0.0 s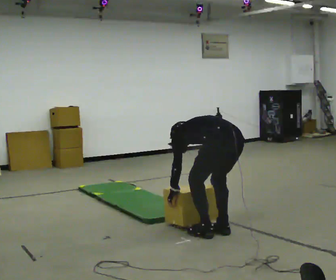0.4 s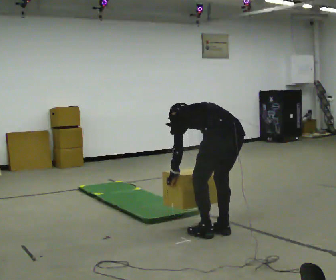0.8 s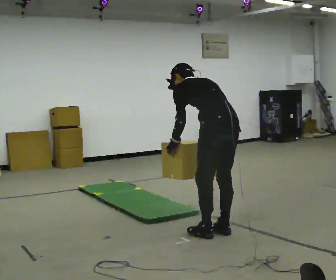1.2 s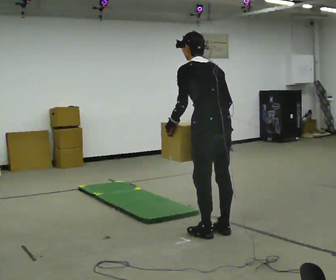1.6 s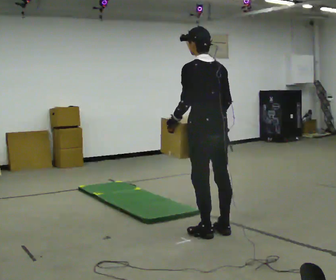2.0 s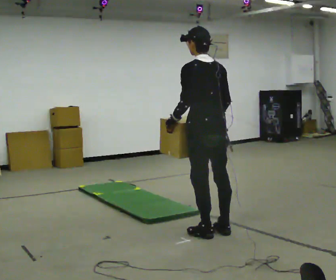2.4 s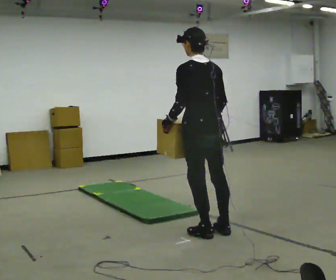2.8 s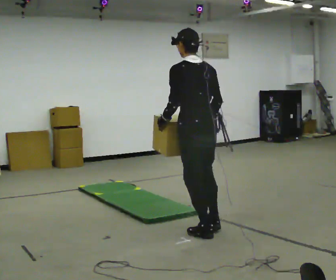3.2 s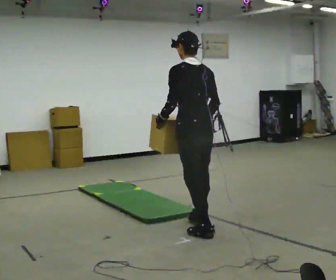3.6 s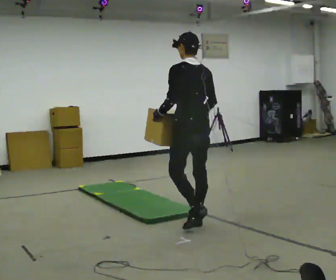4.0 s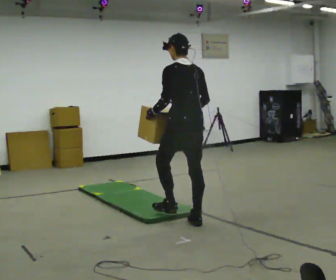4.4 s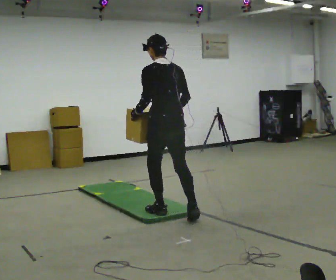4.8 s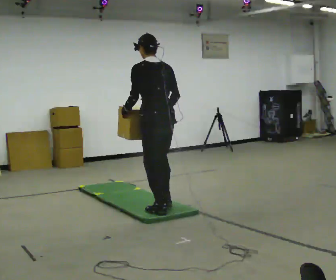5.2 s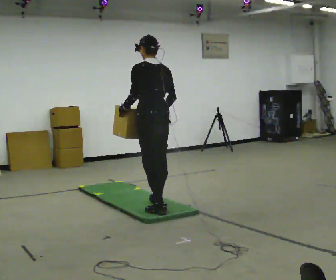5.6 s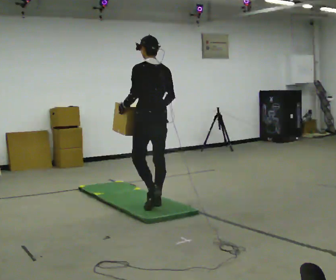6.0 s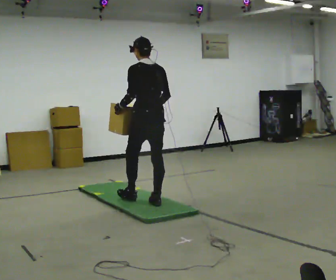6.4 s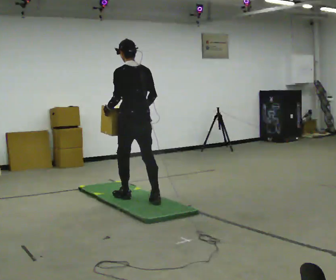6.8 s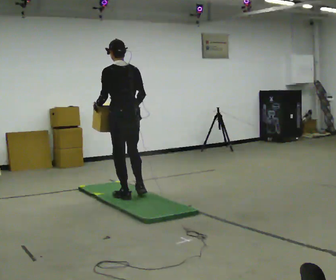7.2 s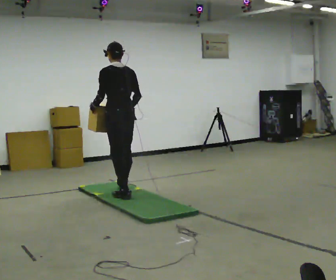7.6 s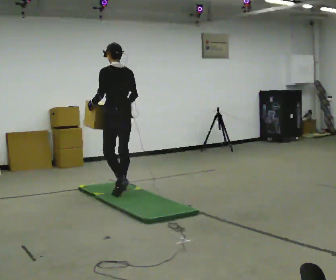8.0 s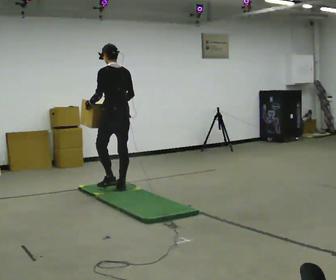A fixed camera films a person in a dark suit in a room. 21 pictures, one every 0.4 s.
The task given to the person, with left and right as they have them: Carry the box across the soft uneven mat, set it down on the far side, then bring it back. Keep going until the operator says stop; one object at a time, and do not rush between trips.
0.0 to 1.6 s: The shoulders move upward. The upper body tips toward the camera, its near side rolling downward, as they lean back or straighten. In the picture their right hand goes upward.
1.6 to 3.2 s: The person moves a little, or ends about where they began.
3.2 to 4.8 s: In the picture they go away from the camera and to the left, about 0.5 m in 1 step, which for them is forward.
4.8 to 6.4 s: In the picture they go away from the camera and to the left, about 0.5 m in 2 steps, which for them is forward.
6.4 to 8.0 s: In the picture they go away from the camera and to the left, about 0.5 m in 1 step, which for them is forward.
The film runs forward here.
